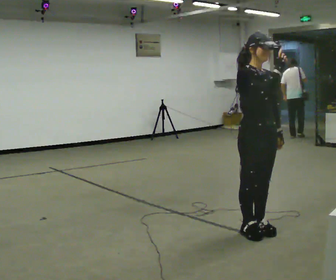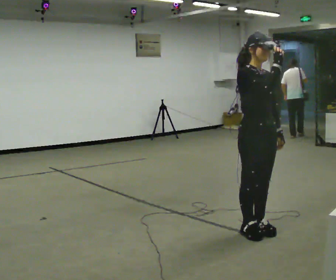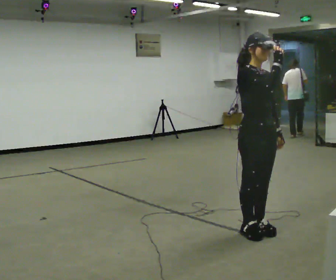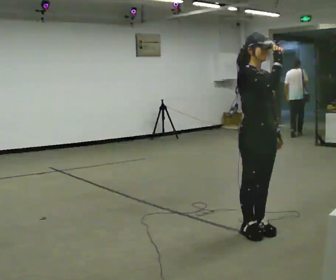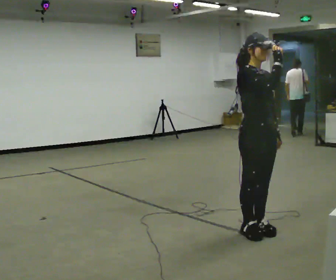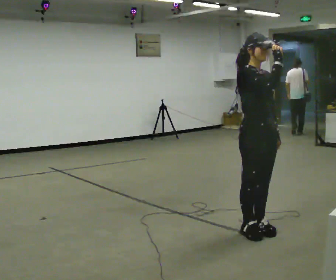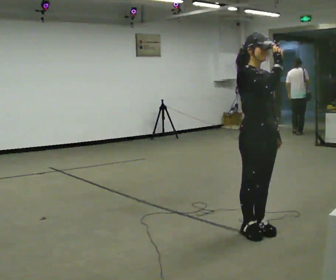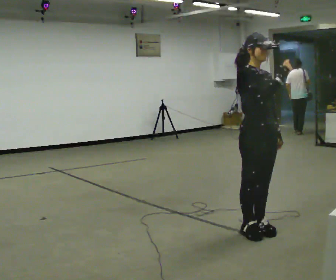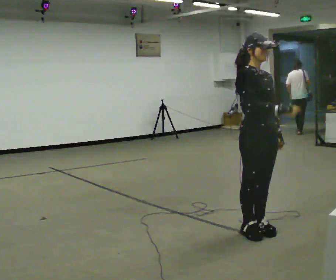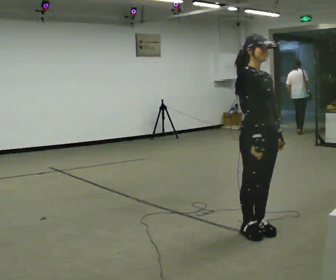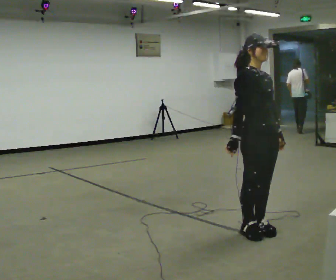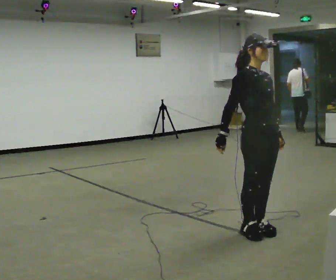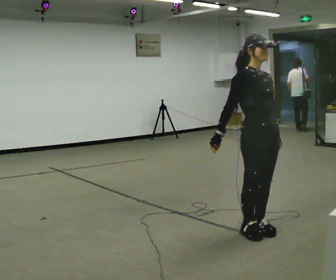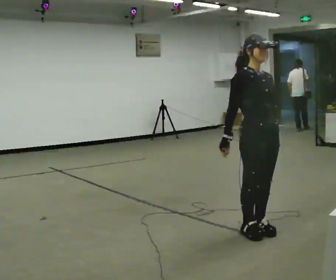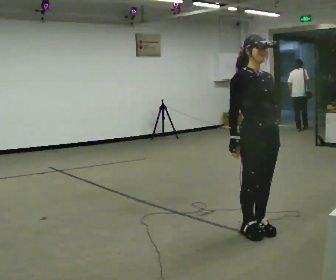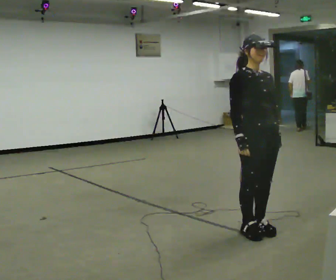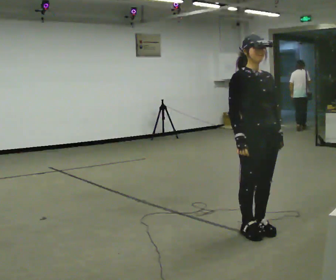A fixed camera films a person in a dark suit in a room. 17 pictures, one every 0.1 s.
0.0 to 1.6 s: In the picture their right hand goes downward.
The film runs forward here.
